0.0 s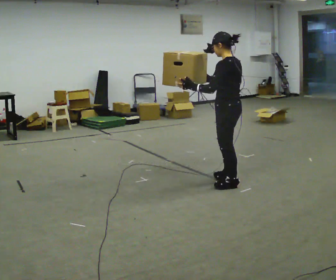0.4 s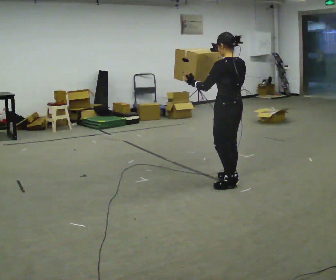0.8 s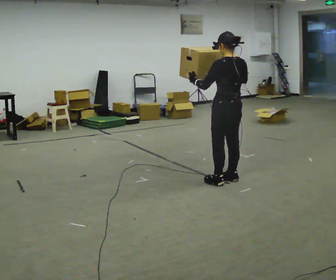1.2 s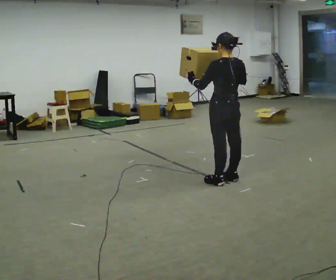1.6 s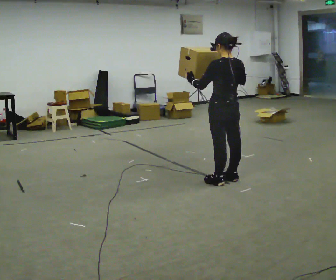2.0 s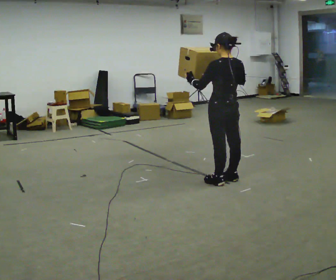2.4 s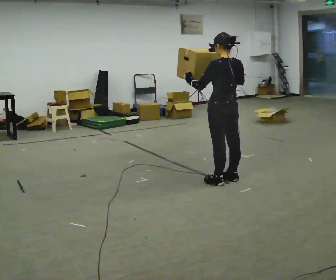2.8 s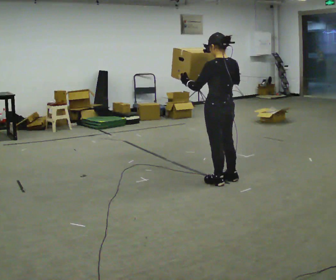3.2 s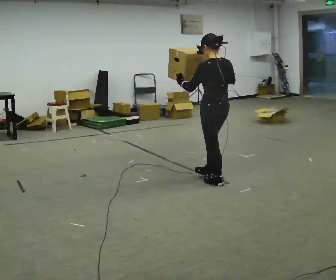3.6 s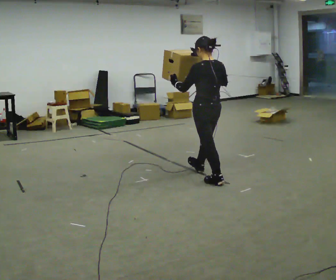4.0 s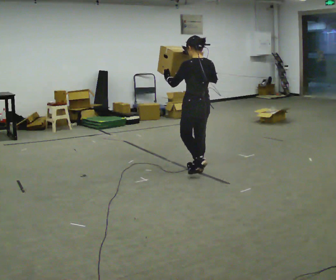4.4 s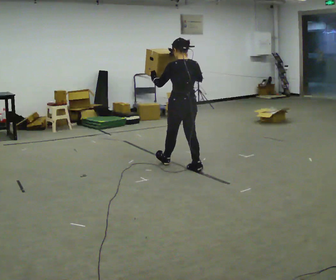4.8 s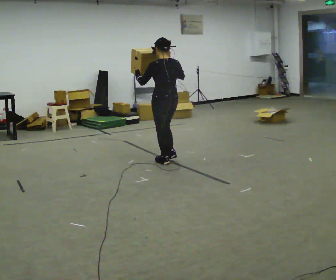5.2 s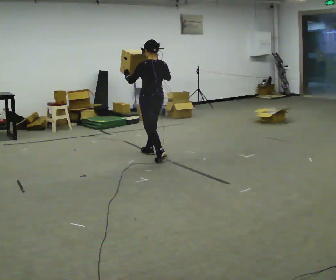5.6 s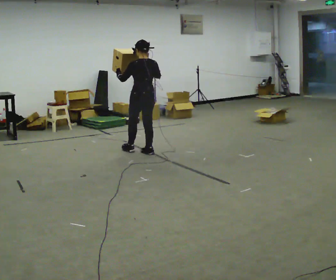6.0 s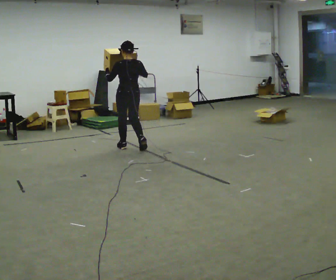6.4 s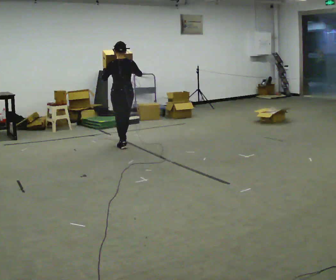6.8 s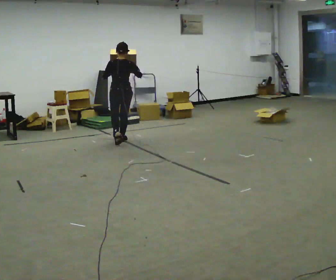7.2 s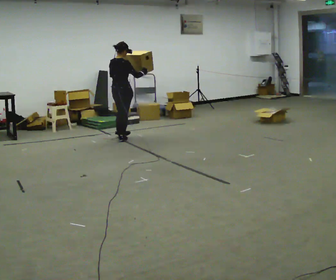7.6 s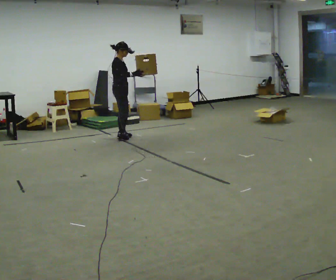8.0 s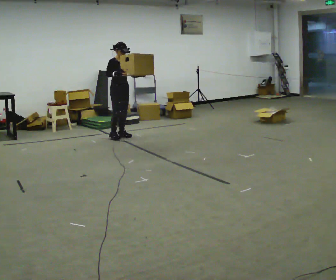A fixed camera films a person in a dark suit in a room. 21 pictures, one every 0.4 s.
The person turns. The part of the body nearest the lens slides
to the left.
The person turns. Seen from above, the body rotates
clockwise.
0.0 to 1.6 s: The part of the body nearest the lens slides to the left as the person turns to their right by about 30 degrees.
1.6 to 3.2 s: The person moves a little, or ends about where they began.
3.2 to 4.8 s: In the picture they go away from the camera and to the left, about 1 m in 2 steps, which for them is forward.
4.8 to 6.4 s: In the picture they go away from the camera and to the left, about 1 m in 2 steps, which for them is forward.
6.4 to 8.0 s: The person turns about 150 degrees to their right, clockwise seen from above, so the part of the body nearest the lens slides to the left. In the picture they go away from the camera, about 0.75 m in 3 steps.
The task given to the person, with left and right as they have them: Carry the heaviest box in both hands in front of you, walking back and forth across the room. Only carry what is comfortable. Set it down whenever you need to.
The film runs forward here.
